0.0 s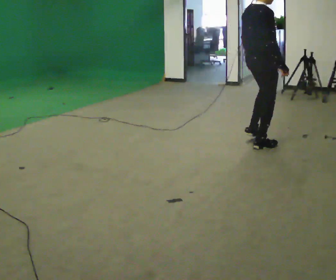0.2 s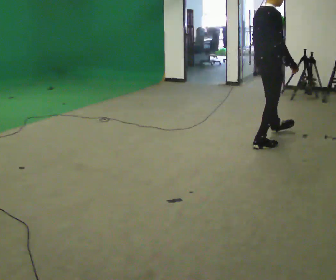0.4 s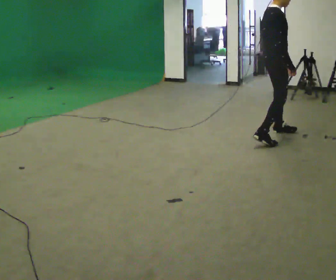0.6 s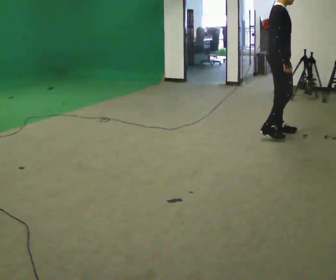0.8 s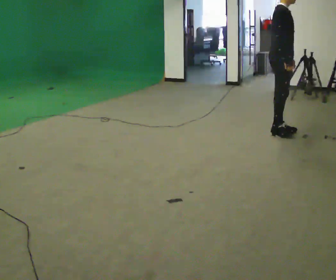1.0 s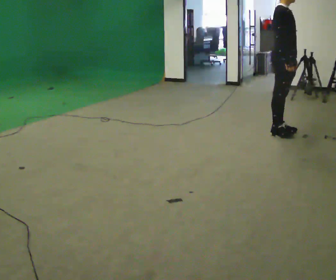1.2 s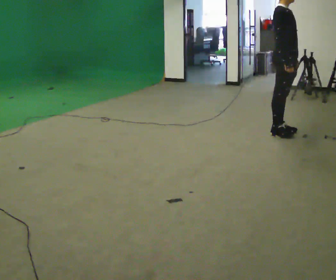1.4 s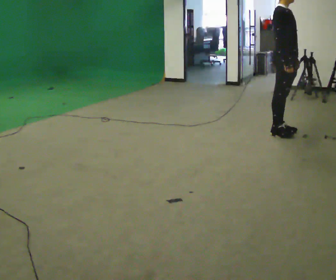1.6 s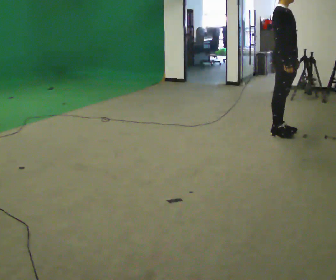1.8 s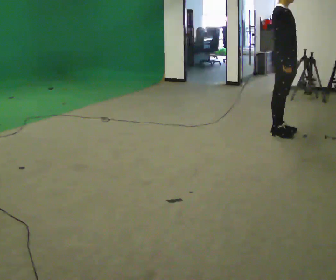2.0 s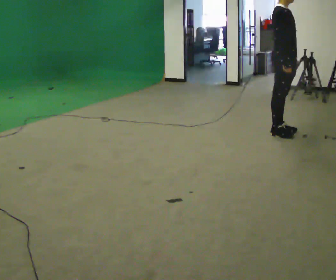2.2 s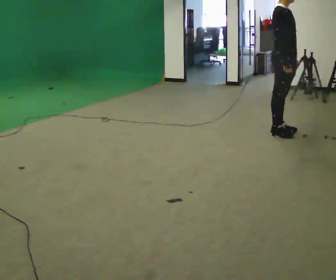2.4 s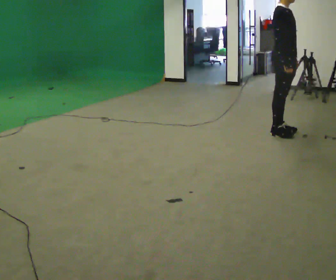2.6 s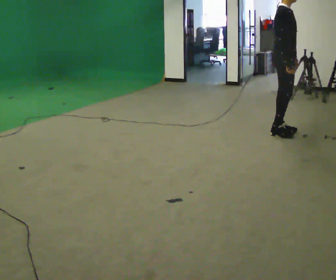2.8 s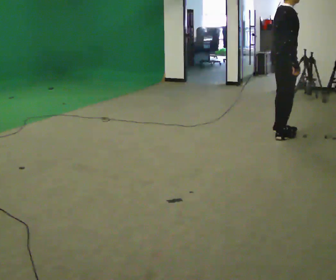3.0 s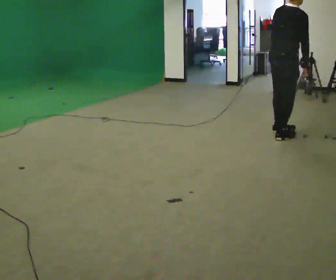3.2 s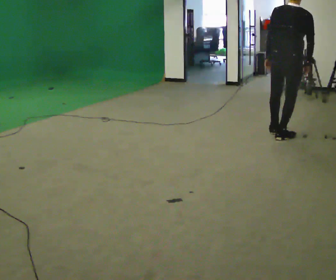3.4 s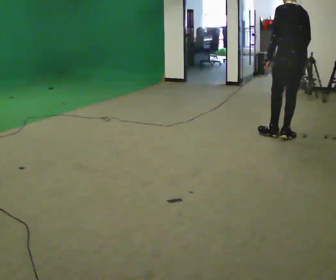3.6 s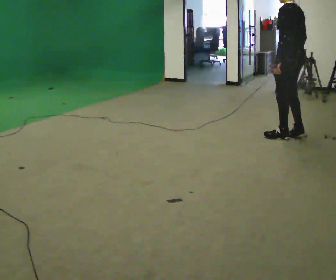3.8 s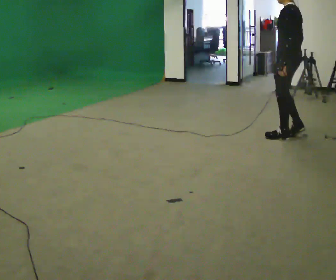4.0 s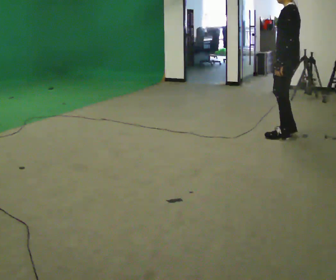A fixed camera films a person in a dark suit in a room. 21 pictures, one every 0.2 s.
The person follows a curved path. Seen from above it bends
clockwise.
0.0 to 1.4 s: Seen from above the body turns clockwise, about 45 degrees: to their right, with its near side sliding to the left. In the picture they go away from the camera and to the right, about 0.5 m in 2 steps, which for them is to their left and forward.
1.4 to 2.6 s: The person moves a little, or ends about where they began.
2.6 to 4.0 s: The part of the body nearest the lens slides to the right as the person turns to their left by about 165 degrees.
The film runs forward here.
